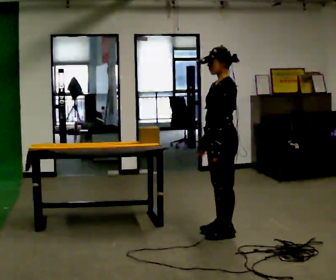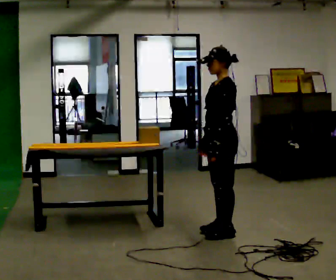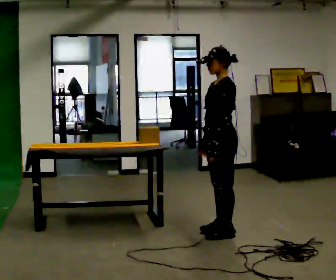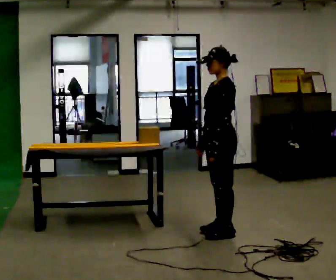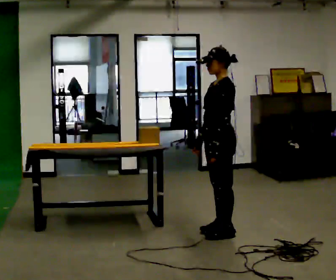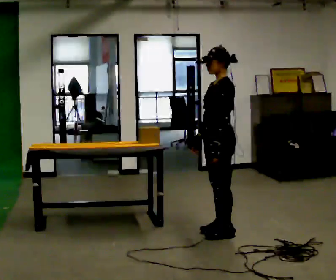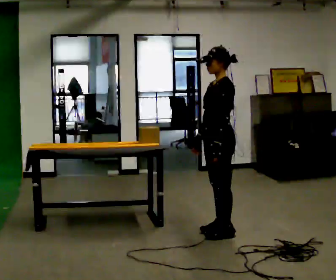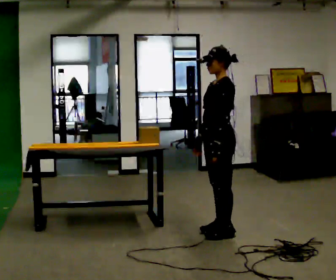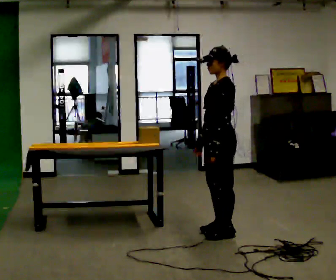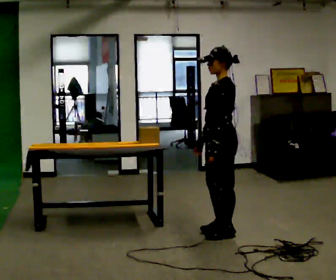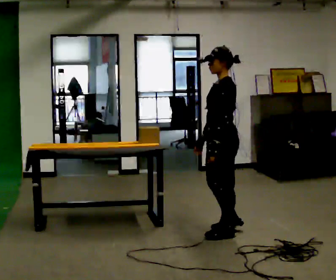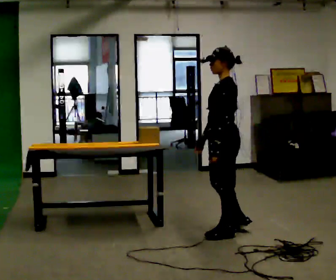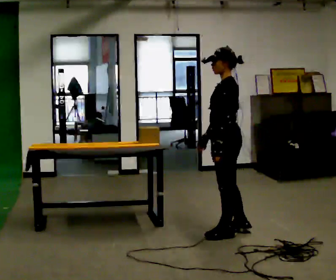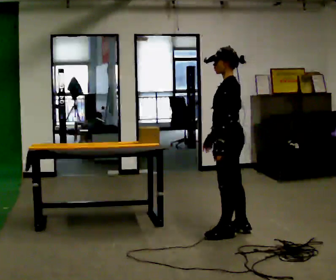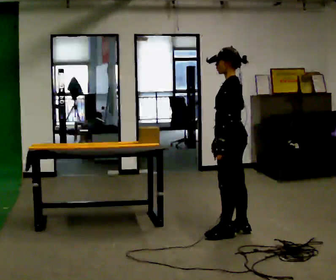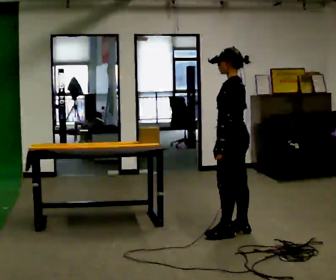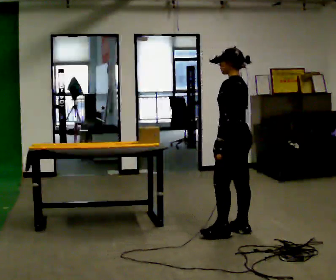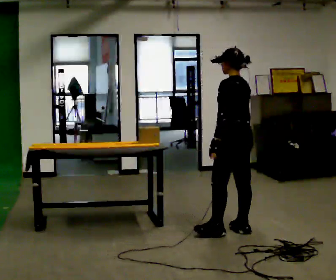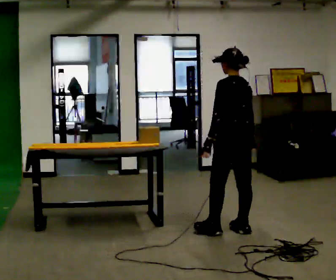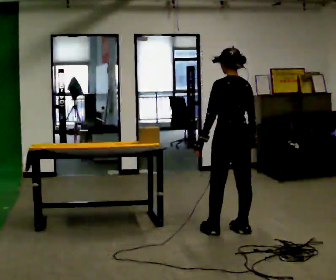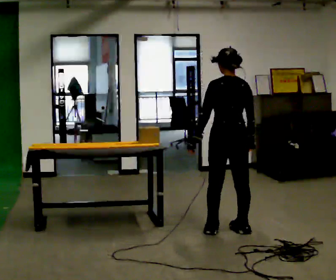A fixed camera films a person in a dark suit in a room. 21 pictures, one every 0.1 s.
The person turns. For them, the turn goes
to their right.
The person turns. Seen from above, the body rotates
clockwise.
0.0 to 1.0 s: The person moves a little, or ends about where they began.
1.0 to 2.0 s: Seen from above the body turns clockwise, about 75 degrees: to their right, with its near side sliding to the left. In the picture their right hand goes to the right.
The film runs backward here.
